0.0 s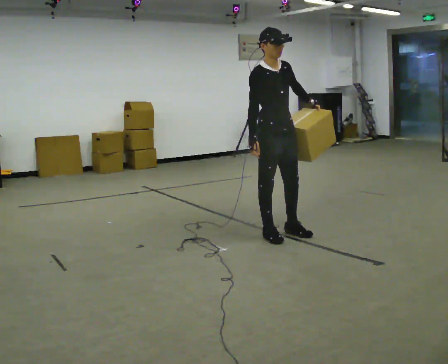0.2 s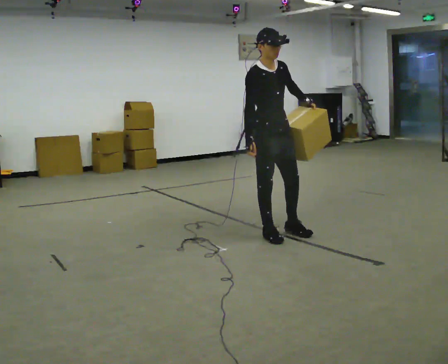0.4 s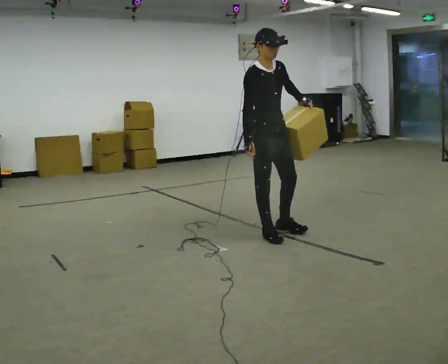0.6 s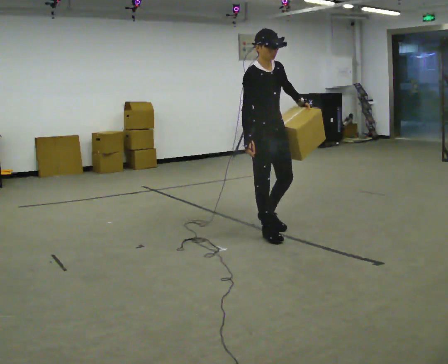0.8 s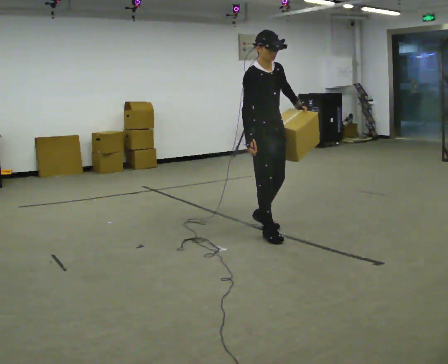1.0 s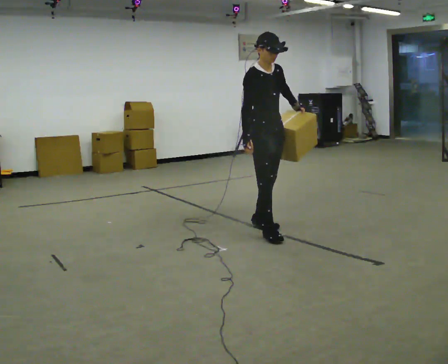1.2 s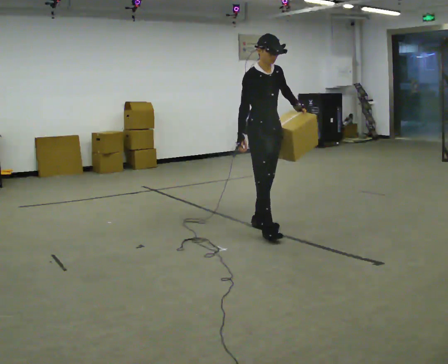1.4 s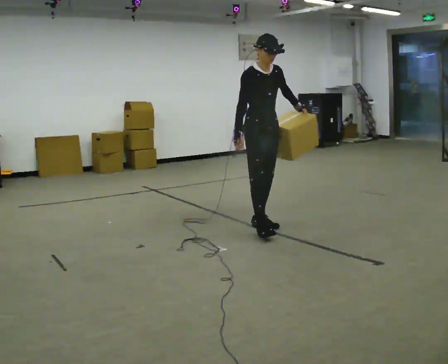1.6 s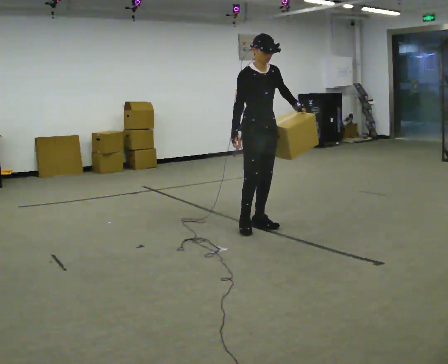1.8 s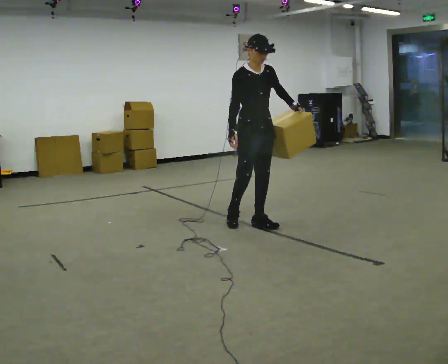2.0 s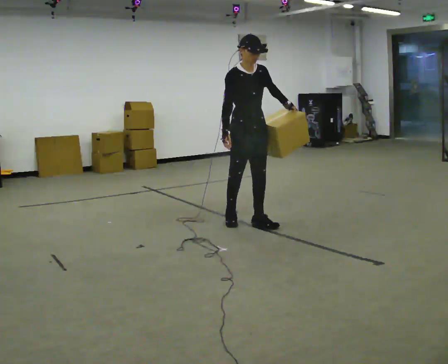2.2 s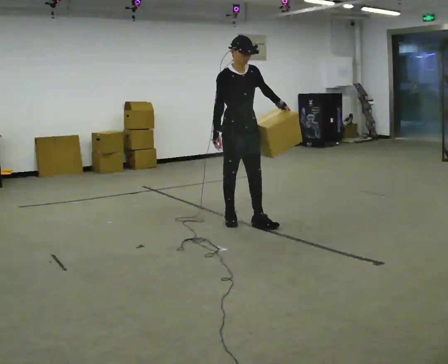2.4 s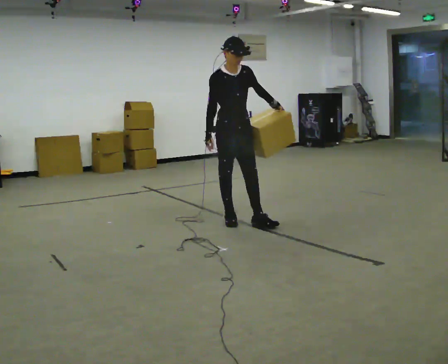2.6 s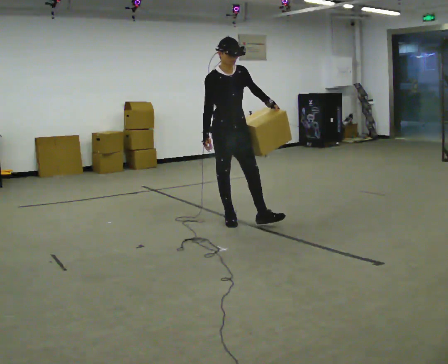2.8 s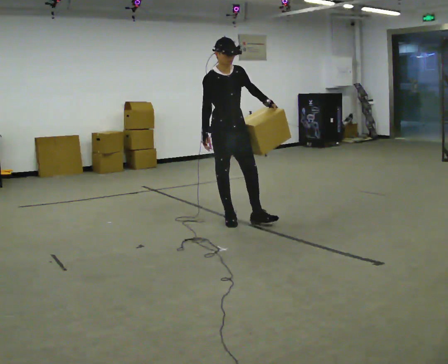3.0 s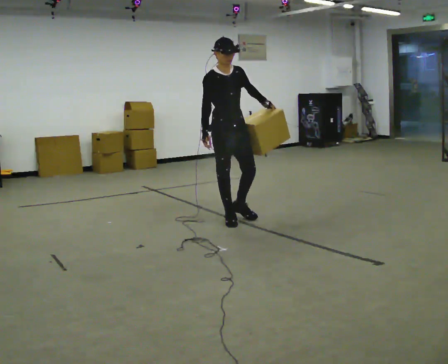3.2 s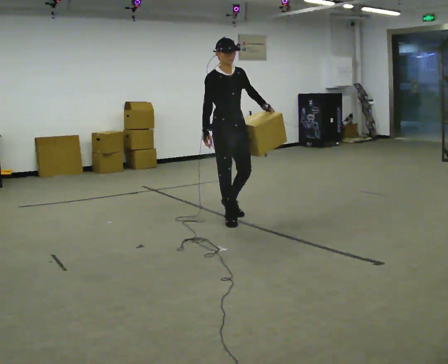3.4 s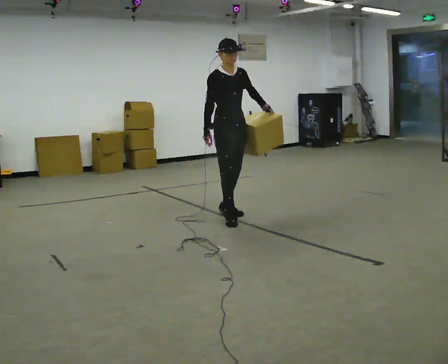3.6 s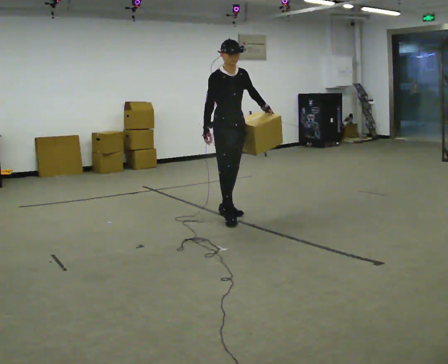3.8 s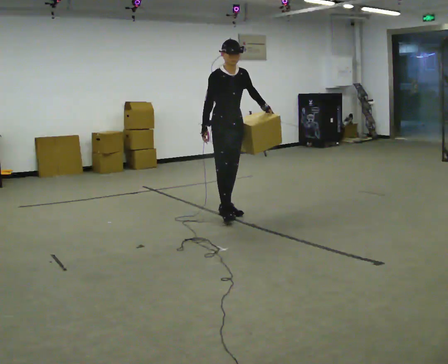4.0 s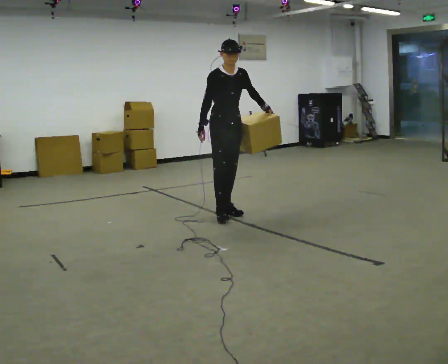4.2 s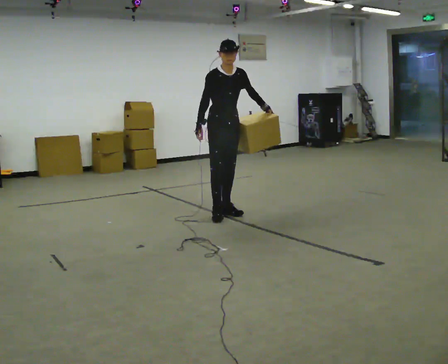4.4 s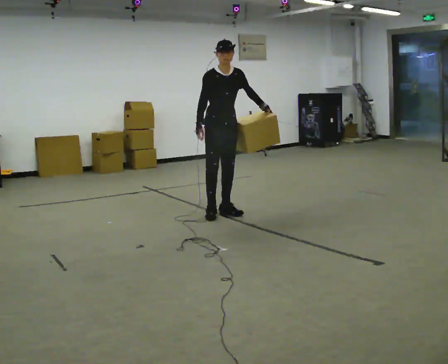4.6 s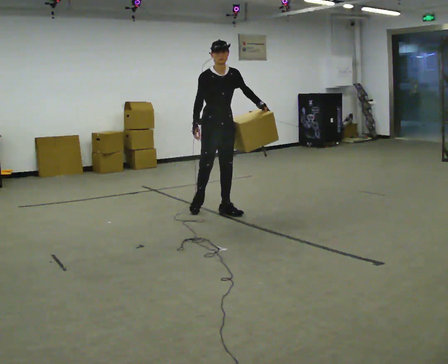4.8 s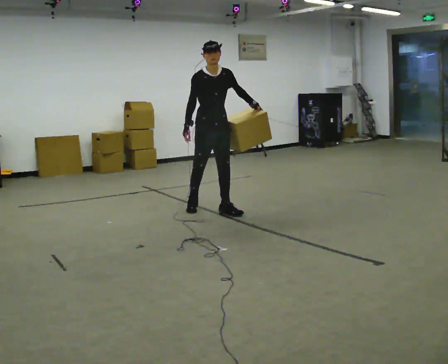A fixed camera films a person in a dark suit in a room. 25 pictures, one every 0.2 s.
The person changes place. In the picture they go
away from the camera.
0.0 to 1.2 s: In the picture they go away from the camera, about 0.25 m in 1 step, which for them is backward.
1.2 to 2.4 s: In the picture they go to the left and away from the camera, about 0.25 m in 1 step, which for them is backward.
2.4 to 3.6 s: In the picture they go away from the camera, about 0.25 m in 1 step, which for them is backward.
3.6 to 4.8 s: In the picture they go away from the camera and to the left, about 0.25 m in 1 step, which for them is backward.
The film runs backward here.
